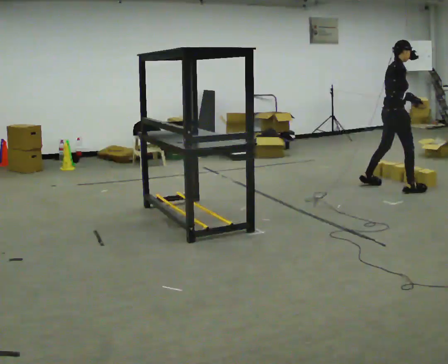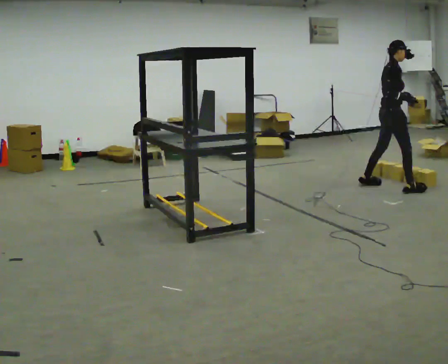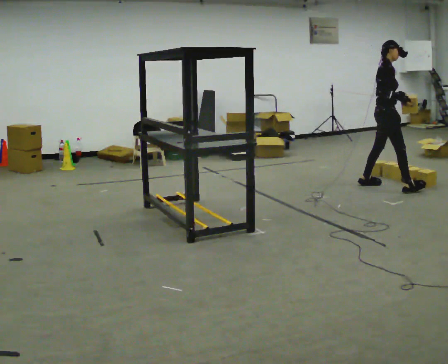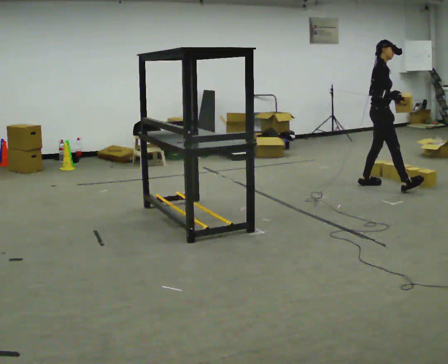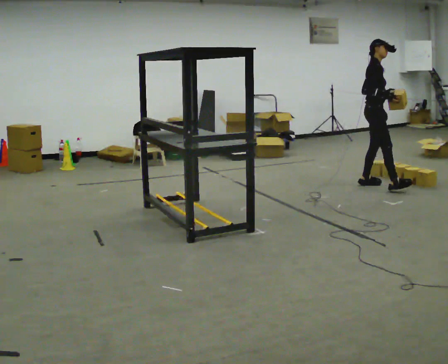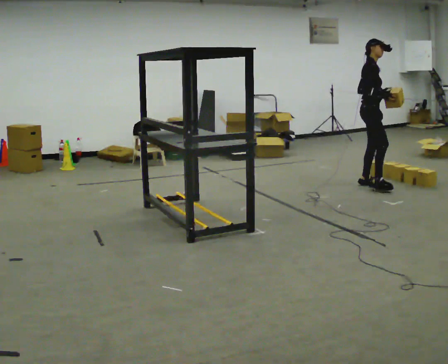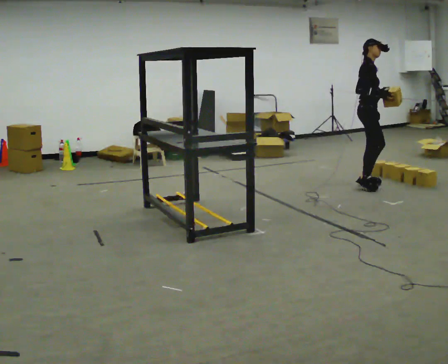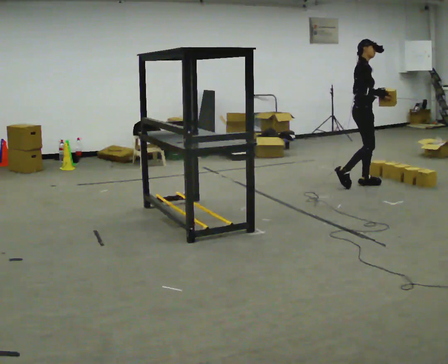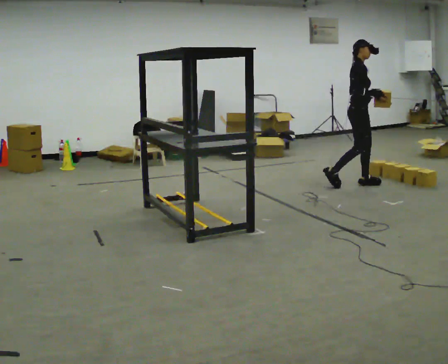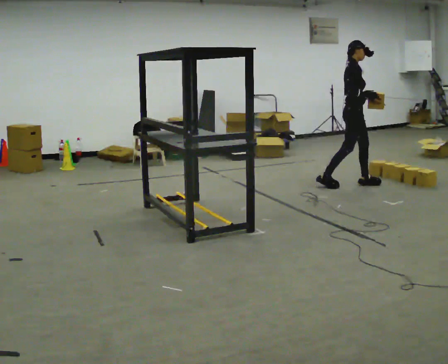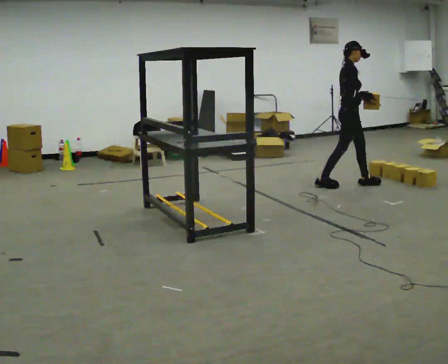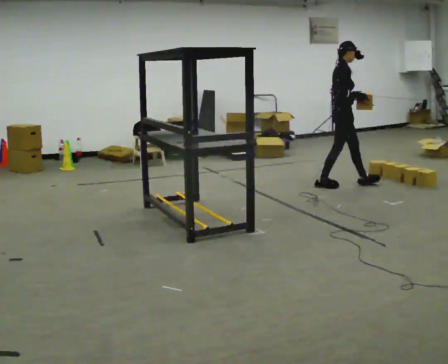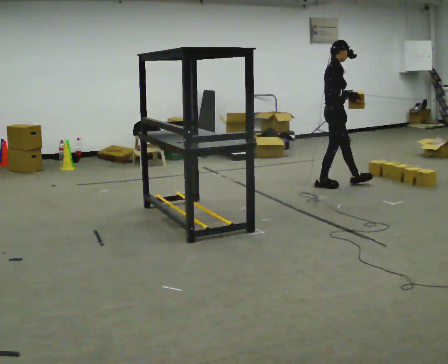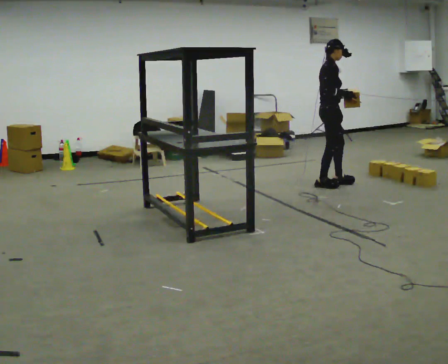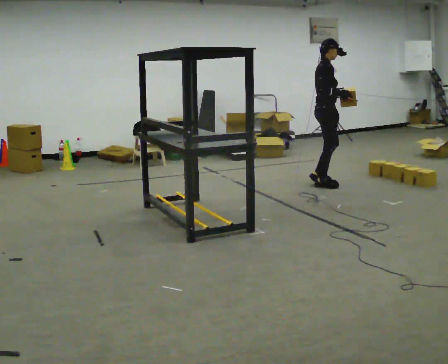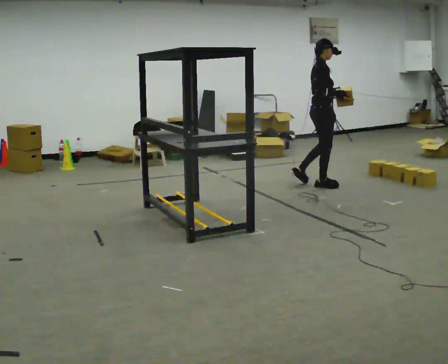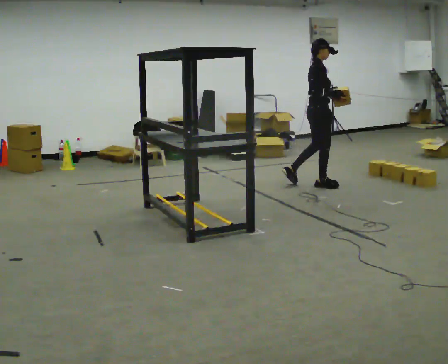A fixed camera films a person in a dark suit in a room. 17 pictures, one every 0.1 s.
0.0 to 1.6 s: In the picture they go to the left, about 1 m in 2 steps, which for them is backward.
The film runs backward here.
